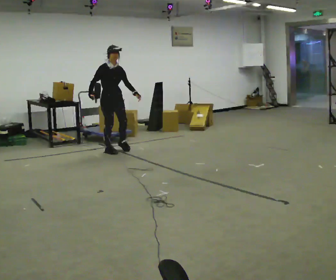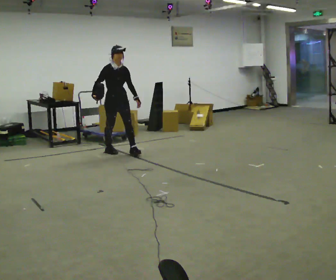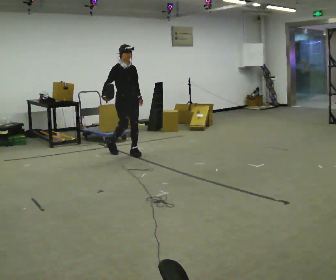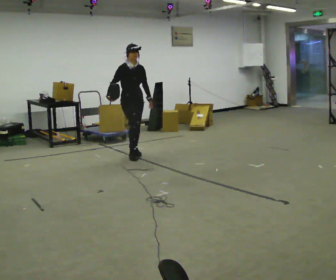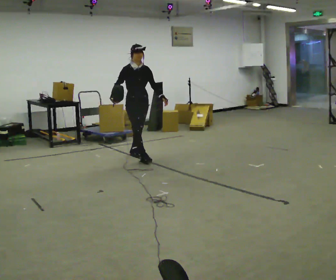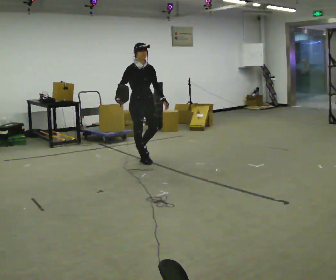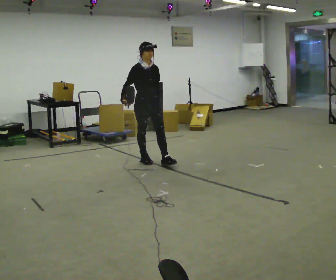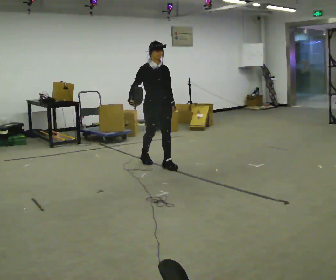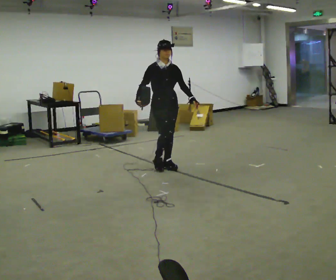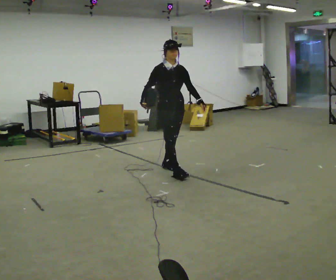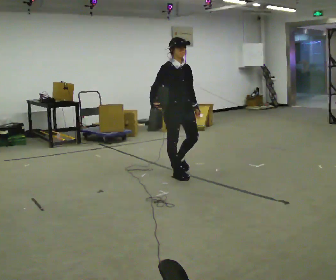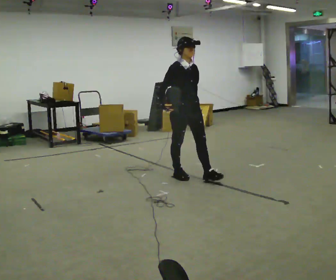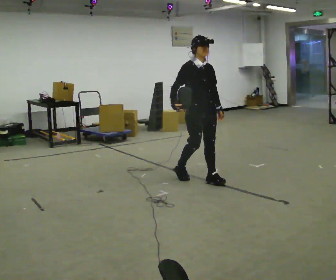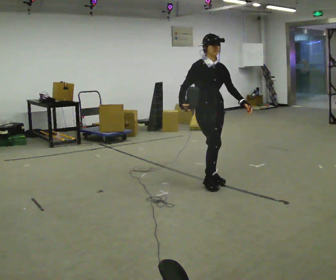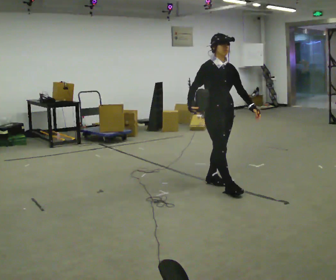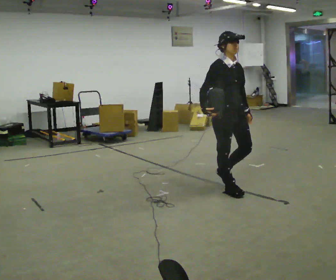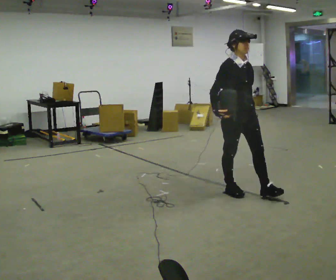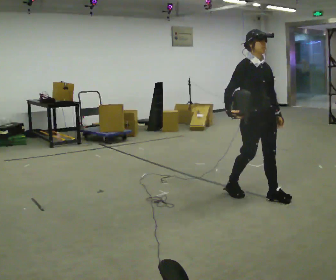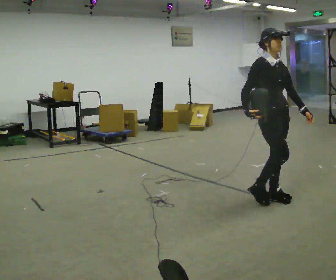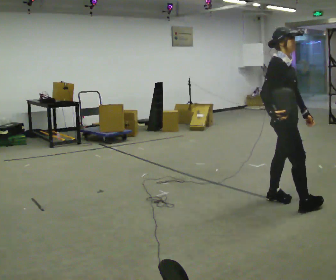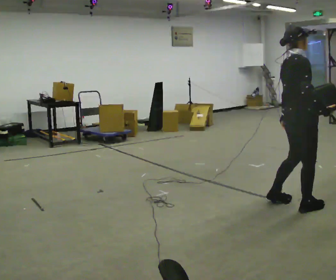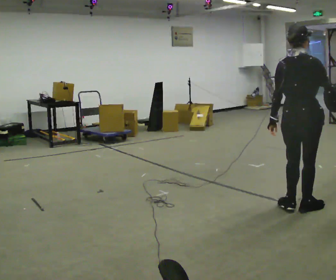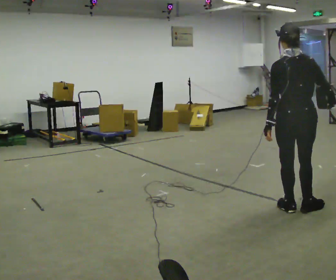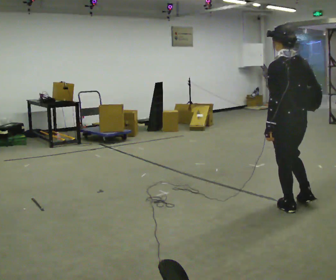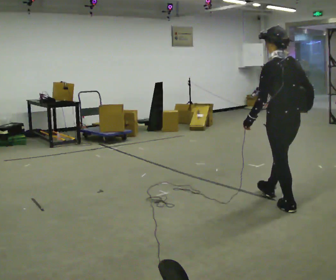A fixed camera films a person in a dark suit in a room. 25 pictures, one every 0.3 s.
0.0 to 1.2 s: In the picture they go to the right and toward the camera, about 0.5 m in 2 steps, which for them is forward.
1.2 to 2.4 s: In the picture they go toward the camera and to the right, about 0.75 m in 1 step, which for them is forward.
2.4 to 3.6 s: In the picture they go toward the camera and to the right, about 0.5 m in 2 steps, which for them is forward.
3.6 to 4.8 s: In the picture they go toward the camera and to the right, about 0.5 m in 1 step, which for them is forward.
4.8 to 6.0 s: The person turns about 60 degrees to their left, counterclockwise seen from above, so the part of the body nearest the lens slides to the right. In the picture they go to the right and toward the camera, about 0.75 m in 2 steps.
6.0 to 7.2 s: The part of the body nearest the lens slides to the right as the person turns to their left by about 105 degrees.
The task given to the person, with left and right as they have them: Hold the object against your hip on the side the operator calls, and carry it back and forth across the room.
The film runs forward here.
